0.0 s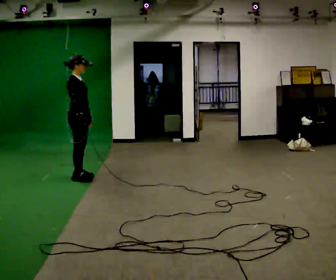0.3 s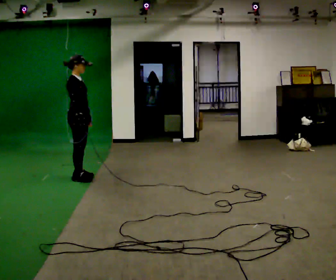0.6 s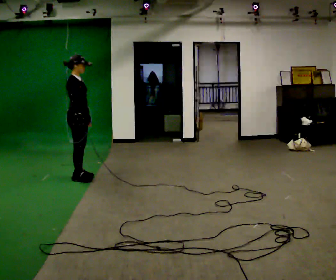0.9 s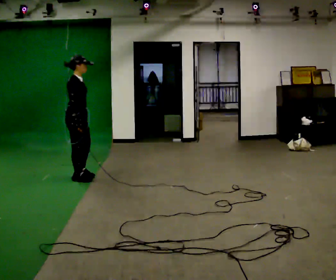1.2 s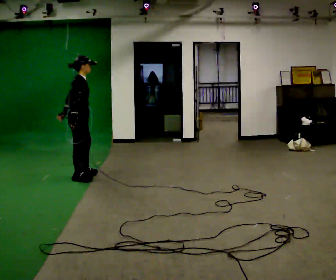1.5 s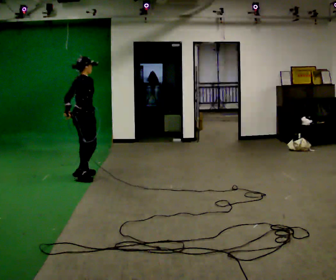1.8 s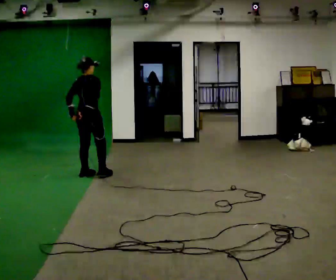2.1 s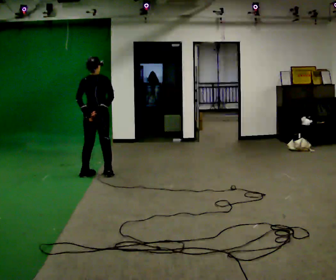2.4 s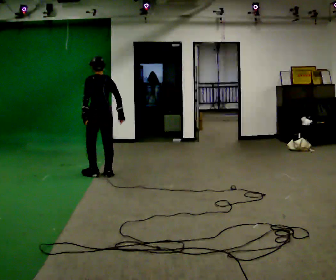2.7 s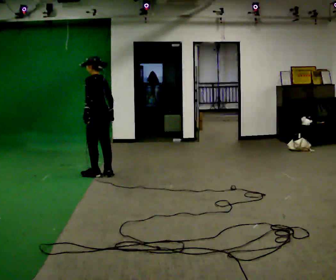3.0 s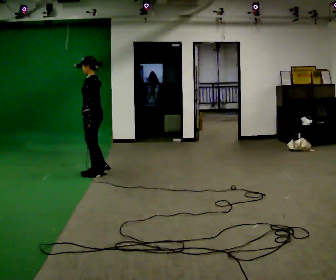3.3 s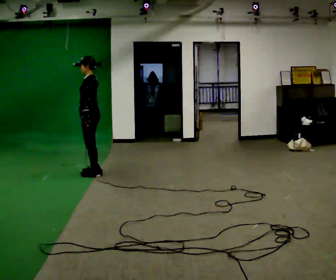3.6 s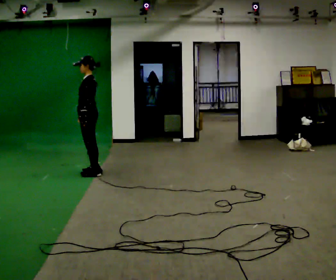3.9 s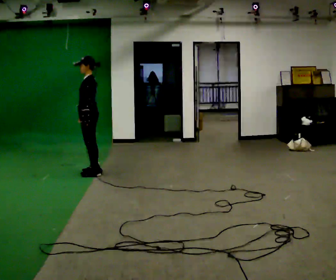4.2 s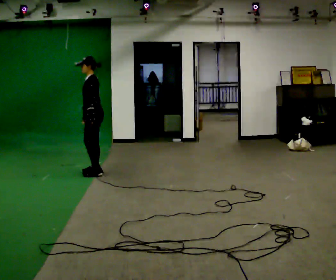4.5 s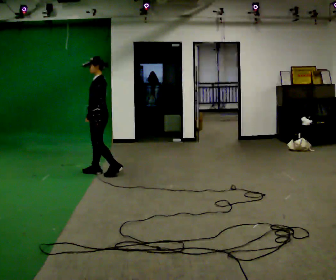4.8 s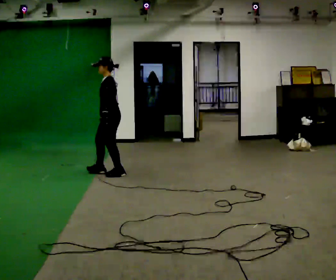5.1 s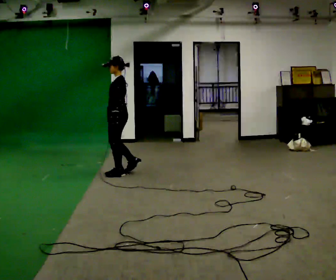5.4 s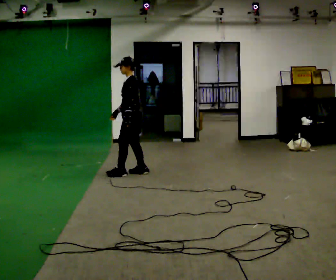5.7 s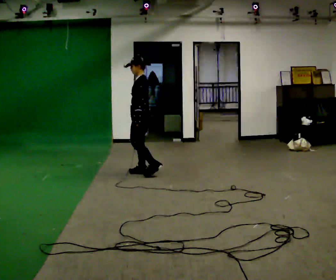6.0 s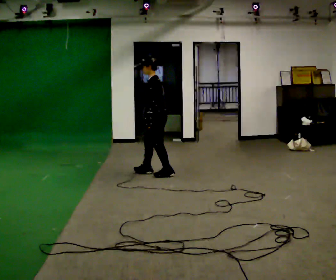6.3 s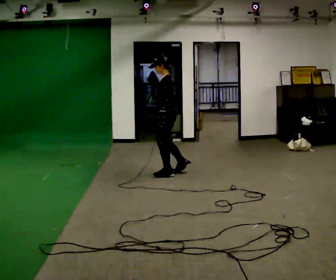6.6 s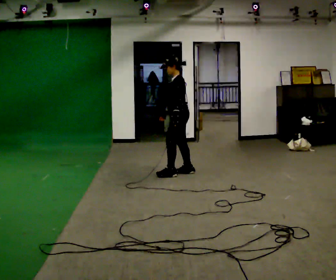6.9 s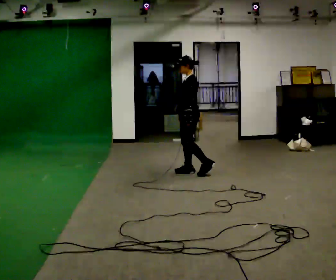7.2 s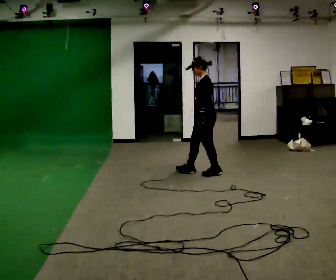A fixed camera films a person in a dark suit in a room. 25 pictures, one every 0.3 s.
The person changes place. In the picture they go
to the right.
0.0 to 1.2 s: In the picture their left hand goes to the left, the arm swinging clockwise.
1.2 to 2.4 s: The part of the body nearest the lens slides to the right as the person turns to their left by about 105 degrees. In the picture they go to the right, about 0.25 m in 2 steps.
2.4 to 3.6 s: The person turns about 60 degrees to their left, counterclockwise seen from above, so the part of the body nearest the lens slides to the right. In the picture their right hand goes to the left.
3.6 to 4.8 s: In the picture they go to the right, about 0.25 m in 1 step, which for them is backward.
4.8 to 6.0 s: In the picture they go to the right, about 0.5 m in 2 steps, which for them is backward.
6.0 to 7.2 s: In the picture they go to the right, about 0.75 m in 2 steps, which for them is backward.
The film runs forward here.
